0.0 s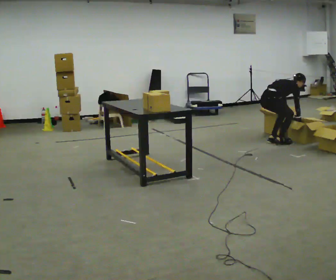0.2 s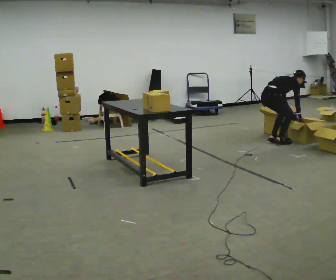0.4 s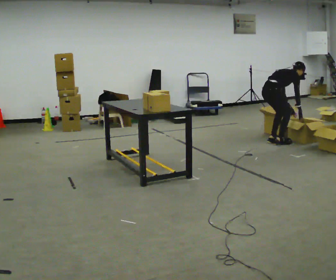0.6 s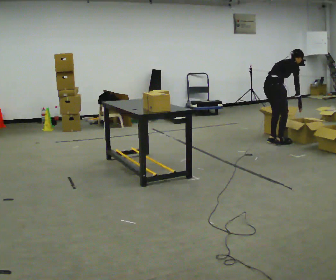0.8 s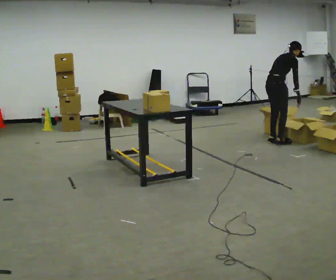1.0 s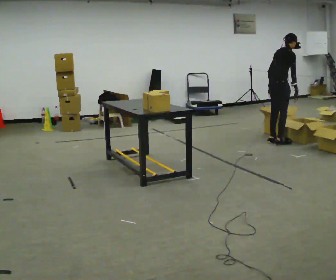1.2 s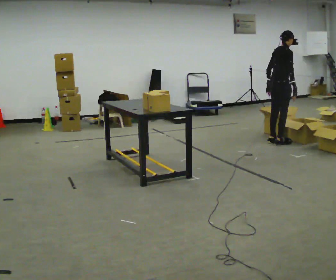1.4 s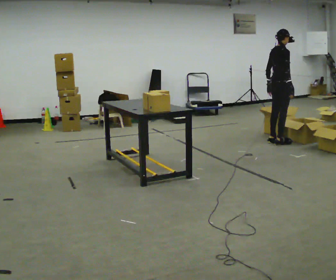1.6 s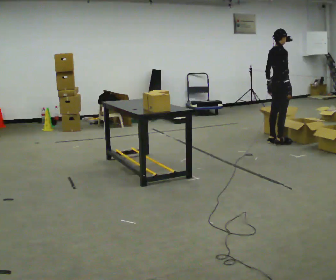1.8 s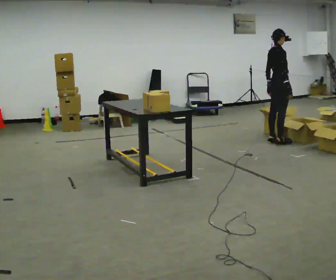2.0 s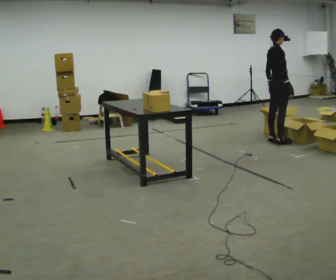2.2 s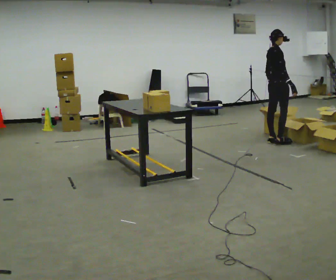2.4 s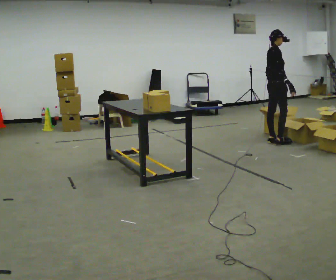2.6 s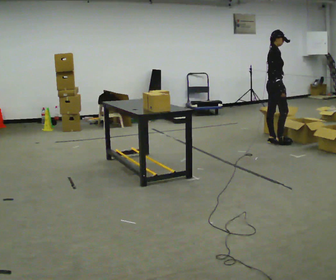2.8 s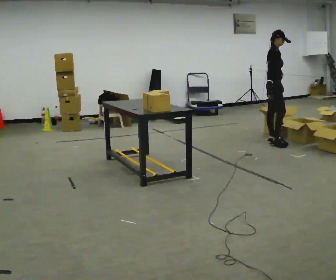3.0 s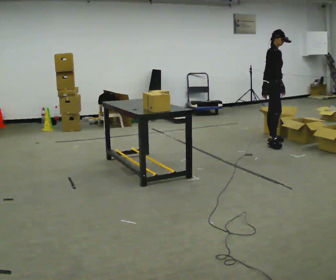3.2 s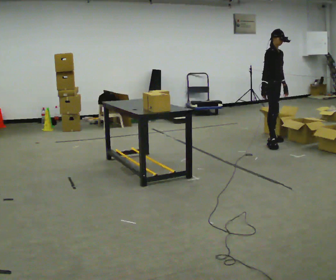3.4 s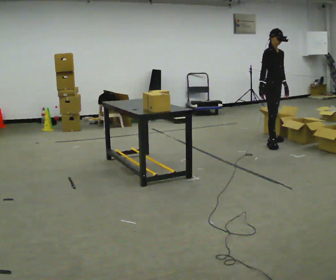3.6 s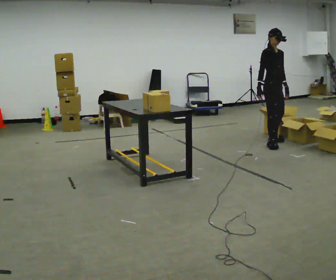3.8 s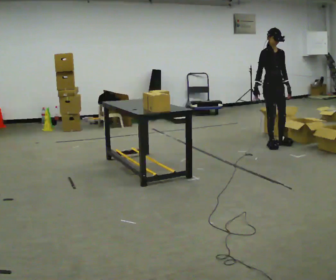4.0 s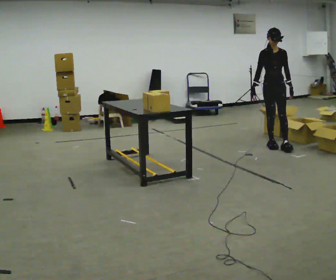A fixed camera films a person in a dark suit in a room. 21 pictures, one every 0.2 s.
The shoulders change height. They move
upward.
Their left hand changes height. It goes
upward.
0.0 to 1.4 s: The shoulders move upward. In the picture the upper body tilts counterclockwise, shoulders to the left, as they lean back or straighten. In the picture their left hand goes upward and to the left.
1.4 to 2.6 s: Seen from above the body turns clockwise, about 30 degrees: to their right, with its near side sliding to the left.
2.6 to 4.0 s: The part of the body nearest the lens slides to the left as the person turns to their right by about 75 degrees. In the picture they go toward the camera, about 0.25 m in 1 step.
The film runs forward here.
